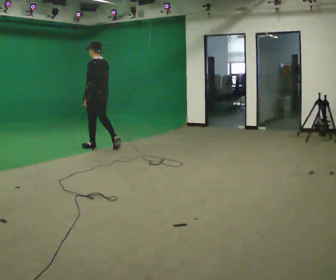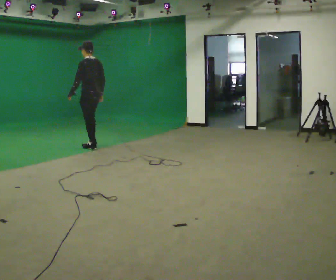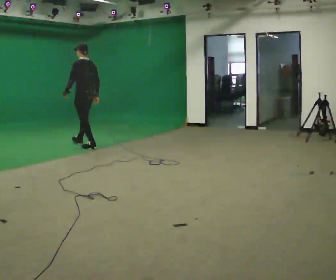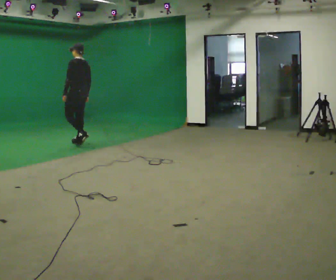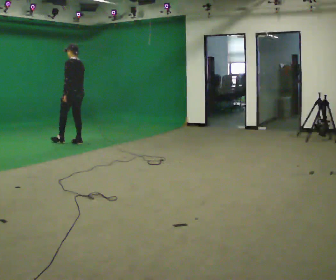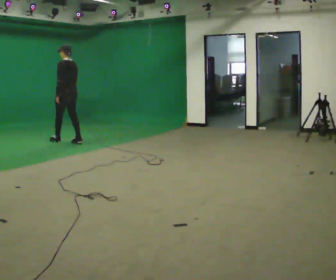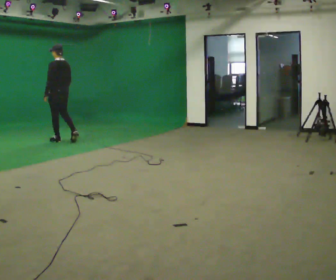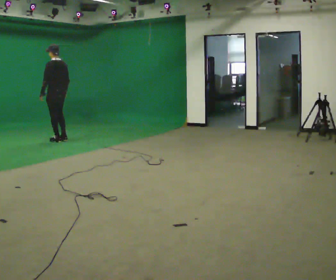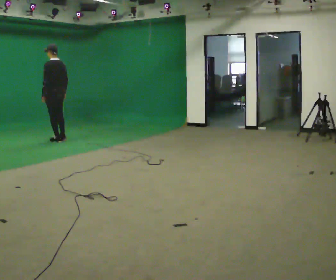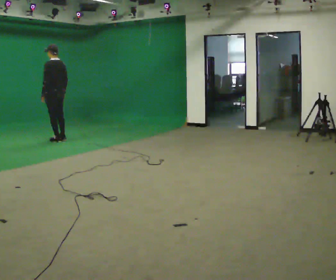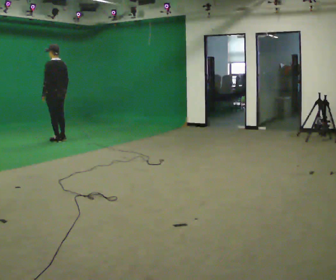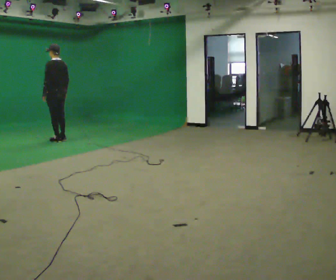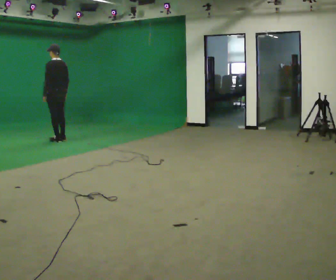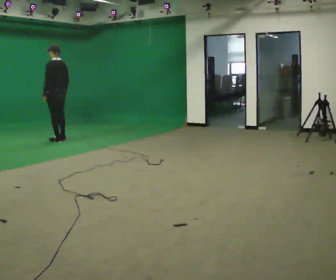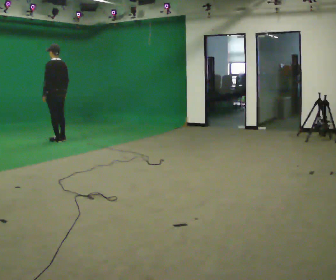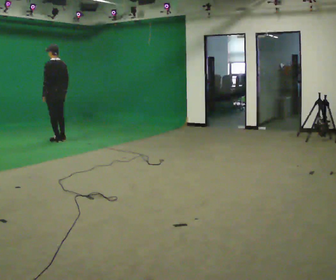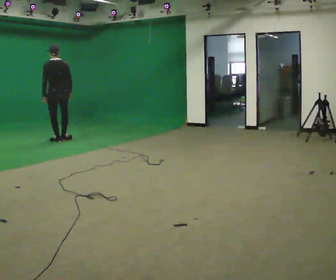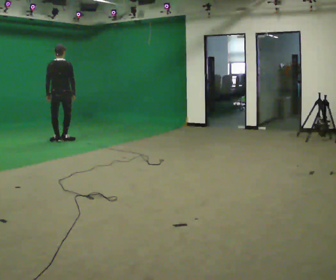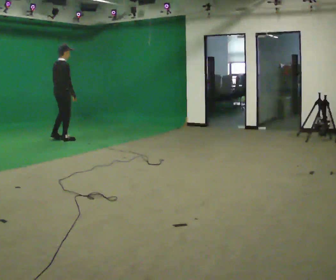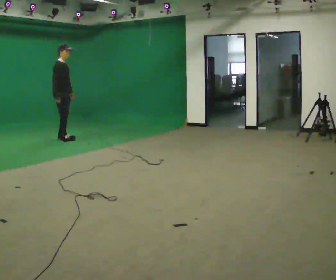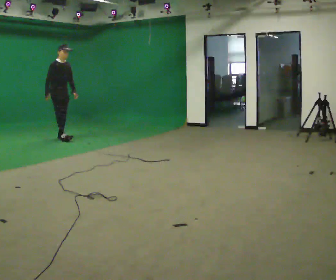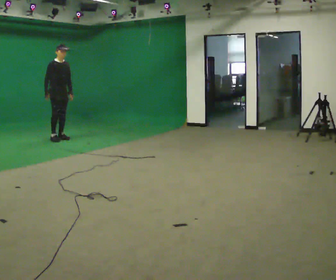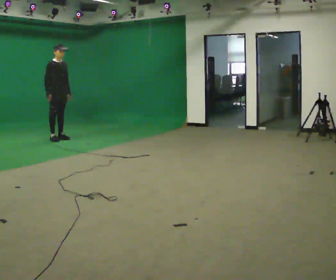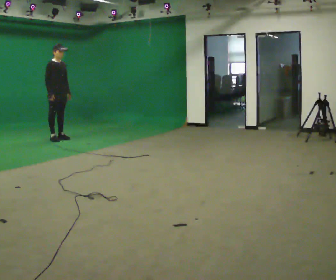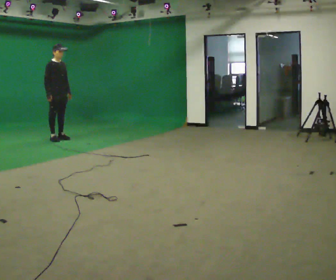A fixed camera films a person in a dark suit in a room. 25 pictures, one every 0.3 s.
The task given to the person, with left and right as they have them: Start at normal speed; gradually slow over several steps; stop gently.
0.0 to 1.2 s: In the picture they go away from the camera and to the left, about 0.75 m in 1 step, which for them is forward.
1.2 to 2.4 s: In the picture they go to the left and away from the camera, about 0.5 m in 2 steps, which for them is forward.
2.4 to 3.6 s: The person moves a little, or ends about where they began.
3.6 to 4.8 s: The person turns about 30 degrees to their right, clockwise seen from above, so the part of the body nearest the lens slides to the left.
4.8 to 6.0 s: The part of the body nearest the lens slides to the left as the person turns to their right by about 150 degrees. In the picture they go away from the camera, about 0.25 m in 1 step. In the picture their right hand goes to the left, the arm swinging clockwise.
6.0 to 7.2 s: The person moves a little, or ends about where they began.
The film runs forward here.
